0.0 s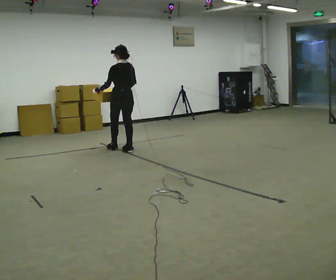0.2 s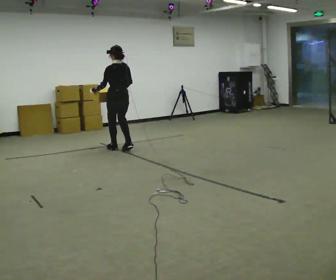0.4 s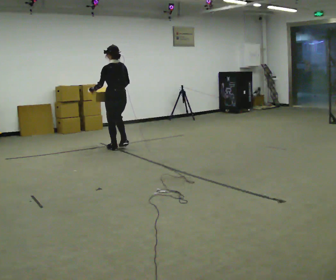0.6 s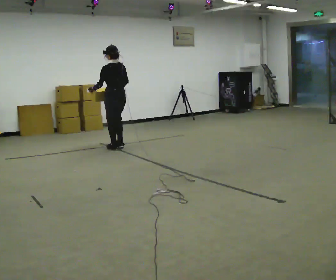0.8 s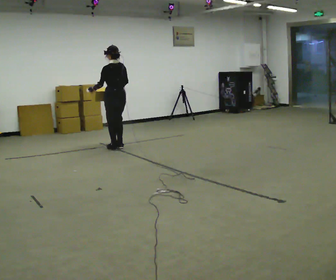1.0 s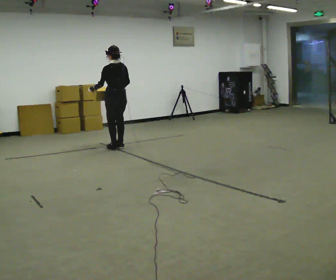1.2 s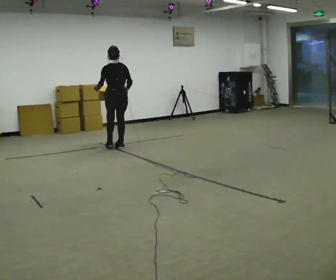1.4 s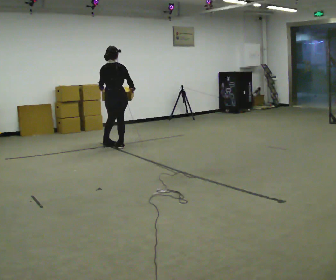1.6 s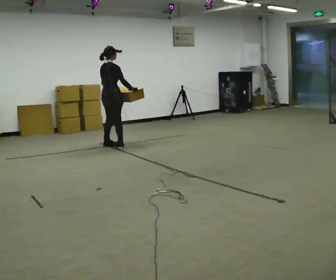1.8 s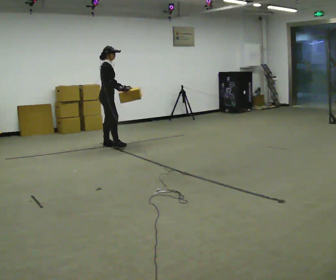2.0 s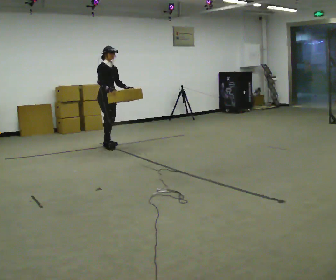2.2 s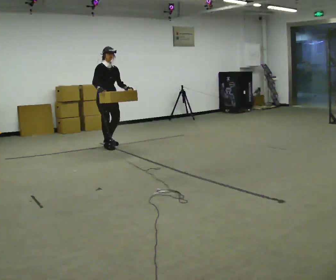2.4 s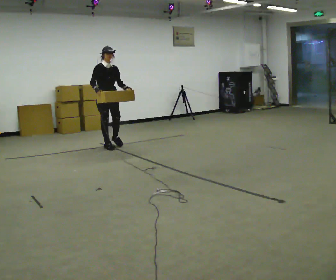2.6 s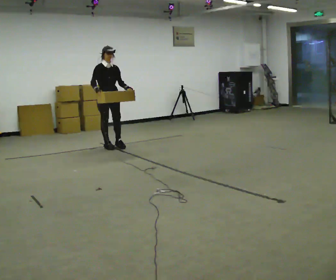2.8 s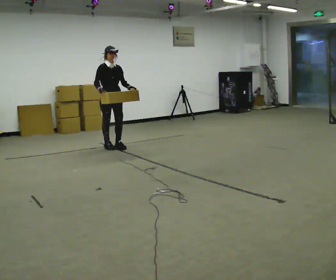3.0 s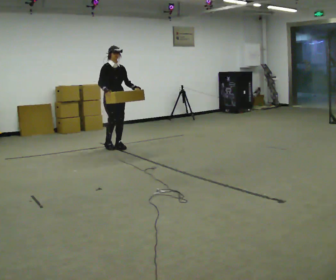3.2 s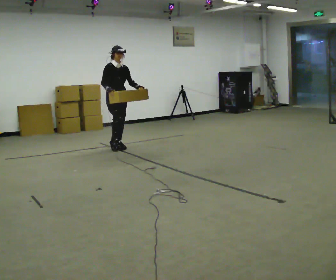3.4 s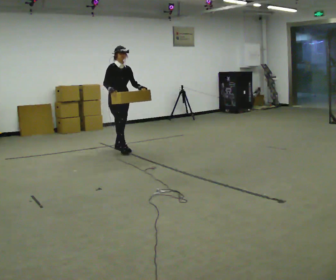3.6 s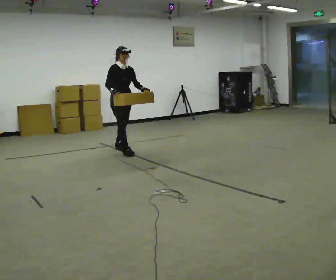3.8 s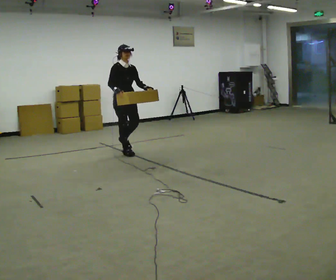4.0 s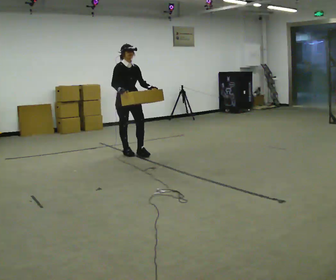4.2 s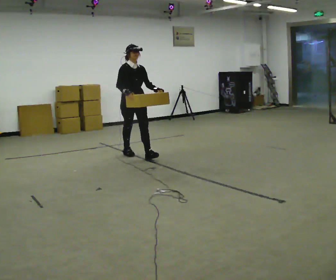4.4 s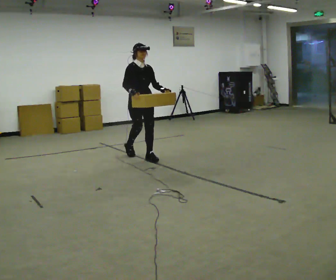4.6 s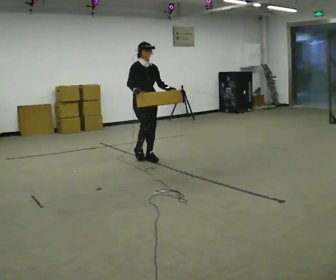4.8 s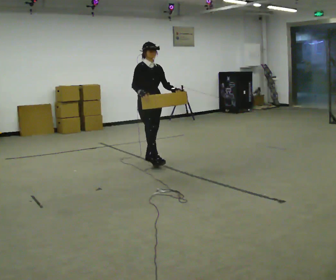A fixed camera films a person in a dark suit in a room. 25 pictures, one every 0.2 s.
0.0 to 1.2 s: In the picture they go away from the camera, about 0.25 m in 1 step, which for them is forward.
1.2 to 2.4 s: The part of the body nearest the lens slides to the left as the person turns to their right by about 165 degrees. In the picture they go to the left, about 0.25 m in 2 steps. In the picture their right hand goes to the left.
2.4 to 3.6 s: In the picture they go toward the camera and to the right, about 0.25 m in 2 steps, which for them is forward.
3.6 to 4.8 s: In the picture they go toward the camera and to the right, about 1 m in 1 step, which for them is forward.
The film runs forward here.
